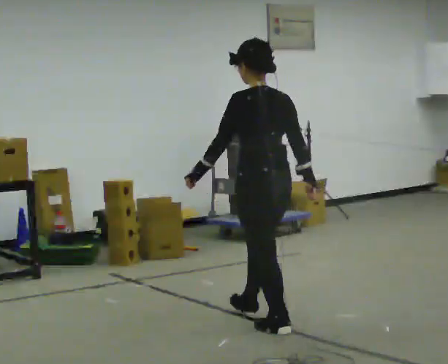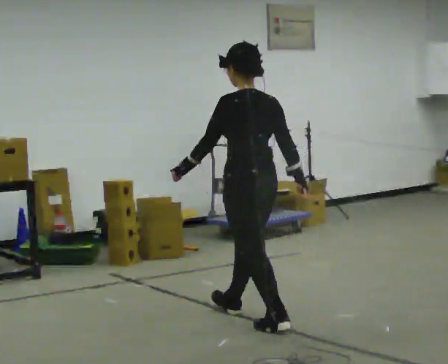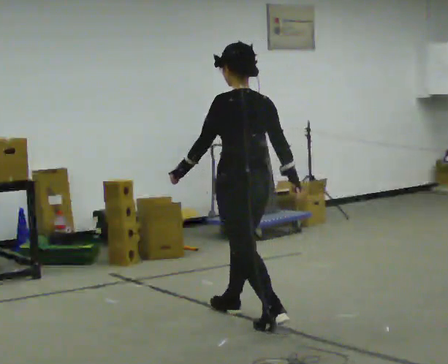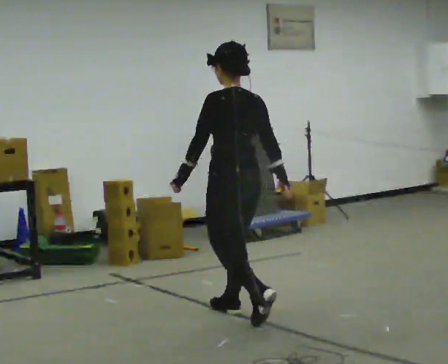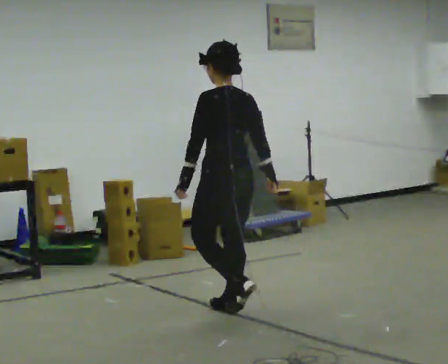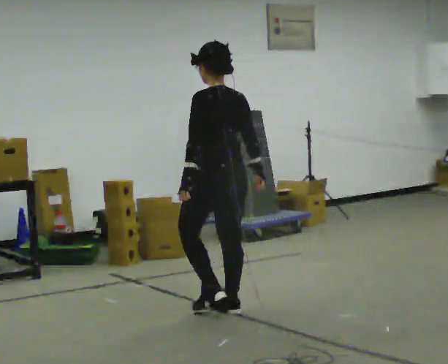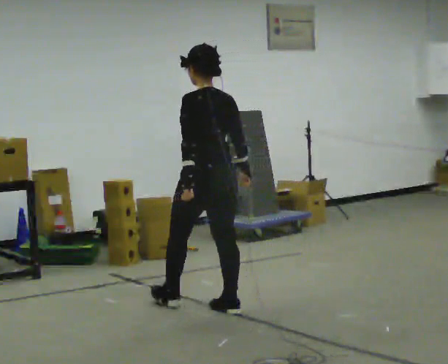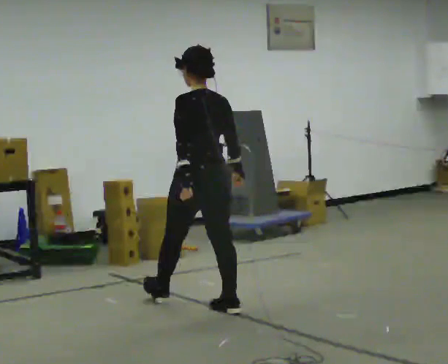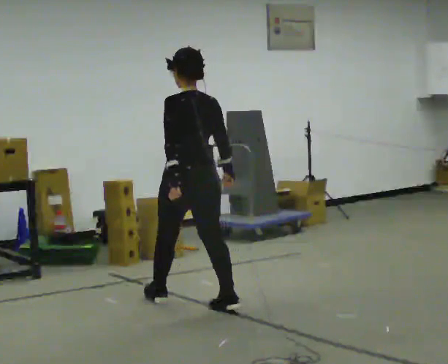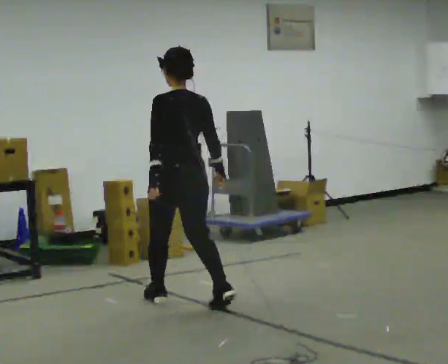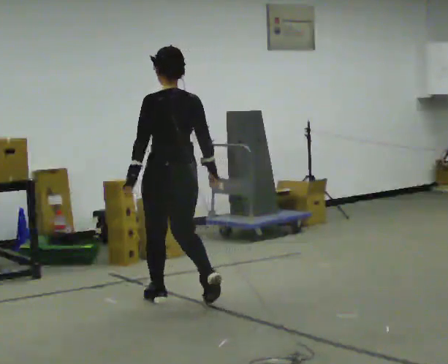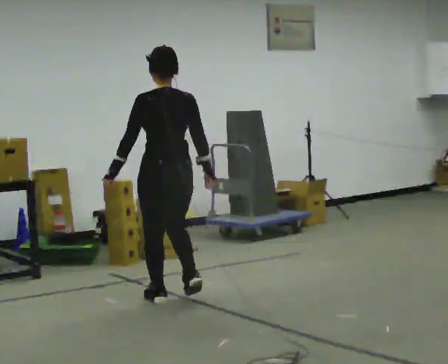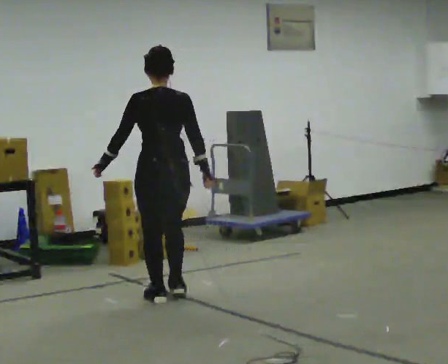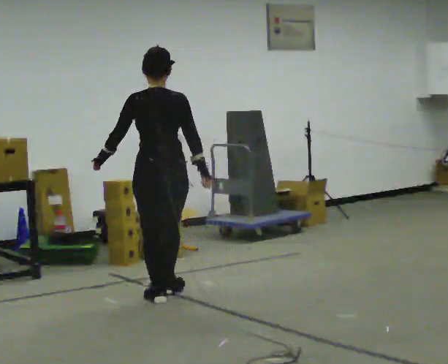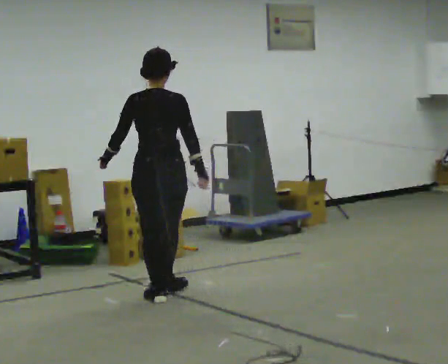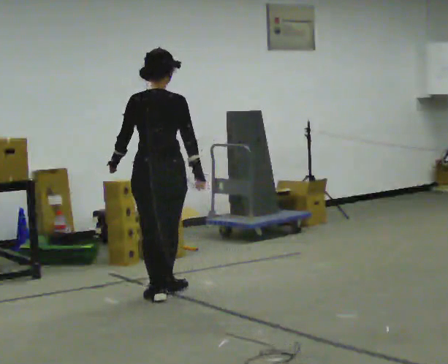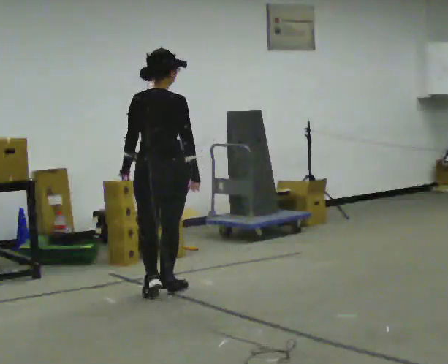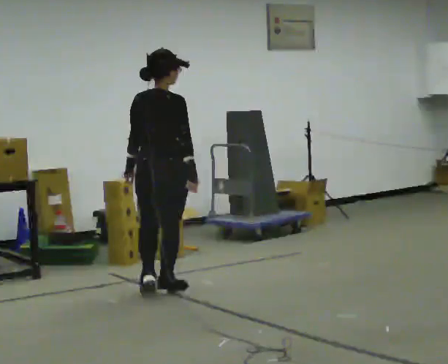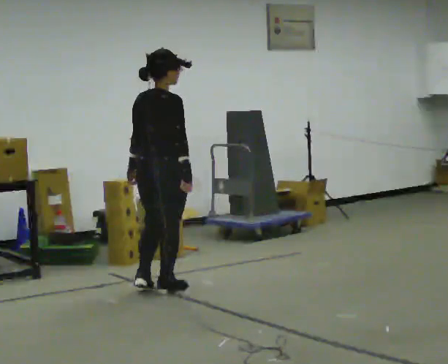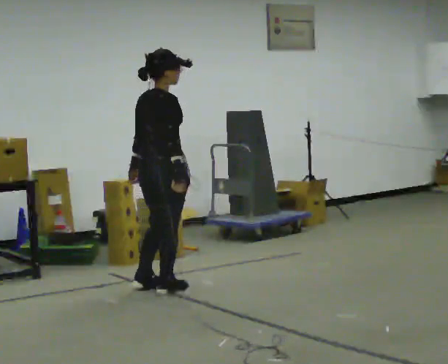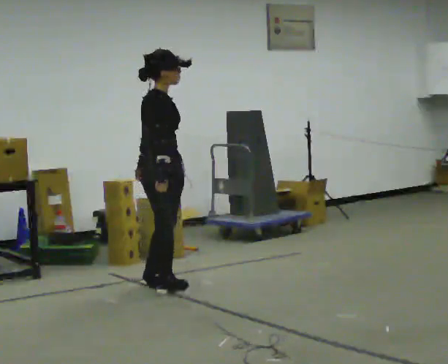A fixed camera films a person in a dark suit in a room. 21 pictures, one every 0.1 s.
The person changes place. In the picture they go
away from the camera.
The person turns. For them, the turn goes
to their right.
0.0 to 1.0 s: In the picture they go away from the camera and to the left, about 1 m in 2 steps, which for them is forward.
1.0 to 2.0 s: Seen from above the body turns clockwise, about 90 degrees: to their right, with its near side sliding to the left. In the picture they go away from the camera, about 0.5 m in 1 step.
The film runs forward here.
